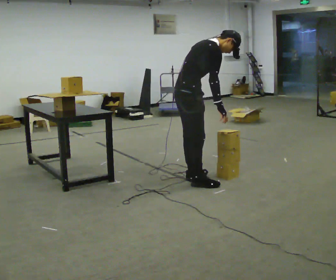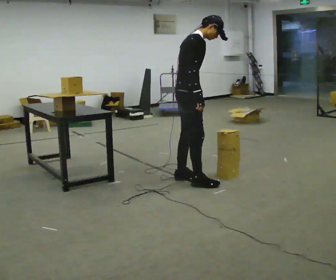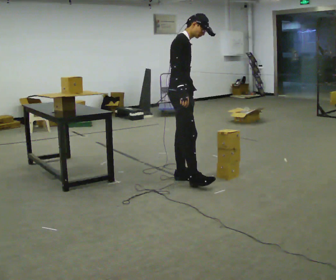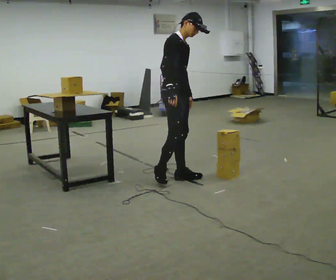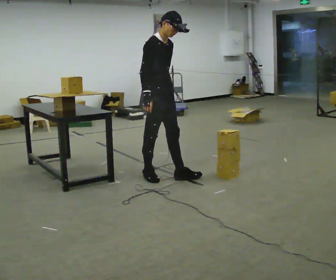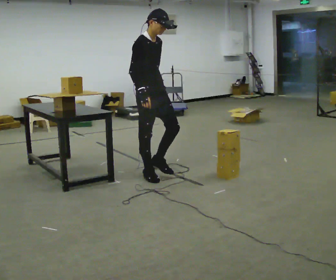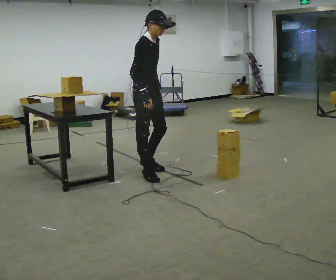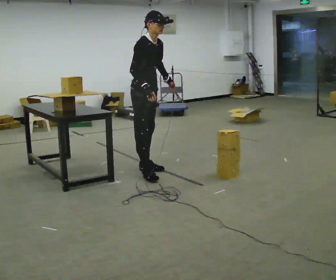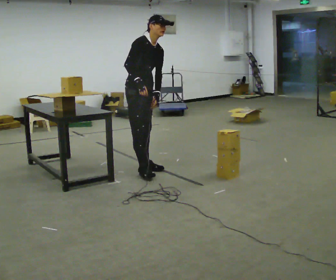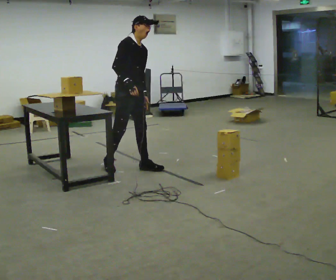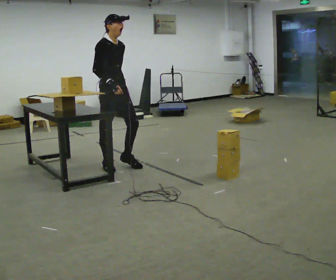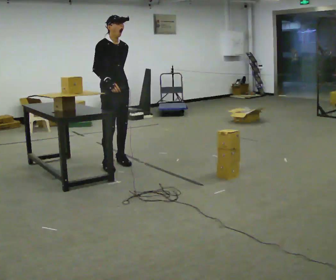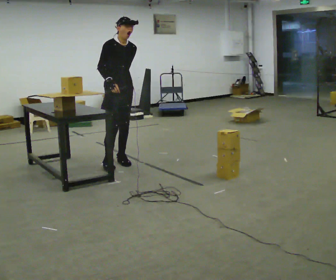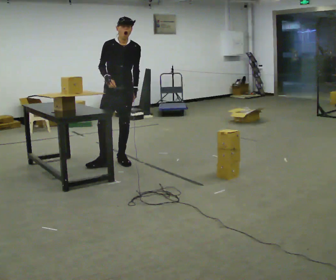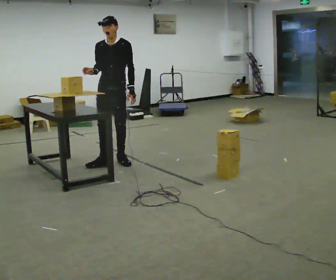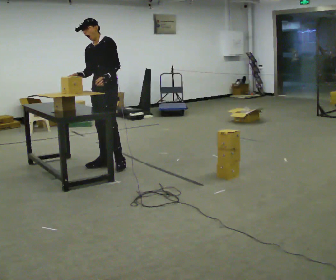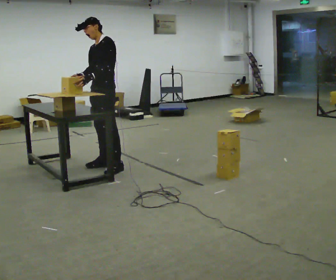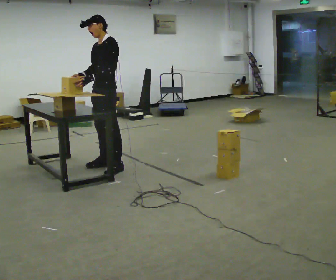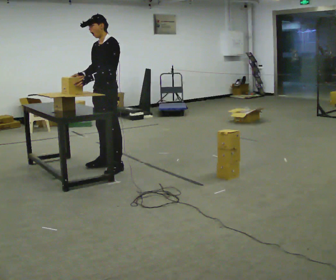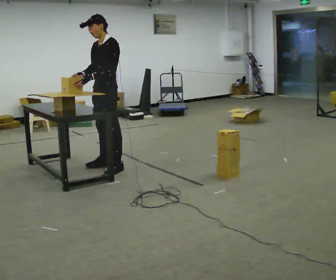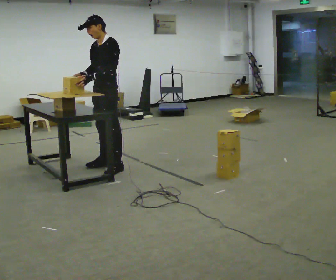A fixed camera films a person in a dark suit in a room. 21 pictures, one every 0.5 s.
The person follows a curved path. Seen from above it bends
counterclockwise.
0.0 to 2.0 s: The person turns about 45 degrees to their right, clockwise seen from above, so the part of the body nearest the lens slides to the left. In the picture they go away from the camera and to the left, about 0.25 m in 1 step, which for them is backward and to their left. In the picture the upper body tilts counterclockwise, shoulders to the left, as they lean back or straighten.
2.0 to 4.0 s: In the picture they go away from the camera, about 0.5 m in 2 steps, which for them is backward and to their left.
4.0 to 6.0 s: In the picture they go away from the camera and to the left, about 0.25 m in 1 step, which for them is backward.
6.0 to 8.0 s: The part of the body nearest the lens slides to the left as the person turns to their right by about 75 degrees. In the picture their left hand goes to the left.
8.0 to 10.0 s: The person moves a little, or ends about where they began.
The film runs backward here.
